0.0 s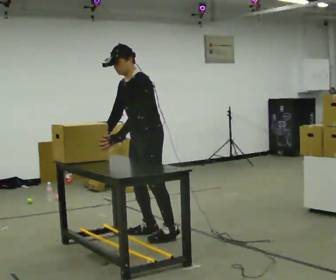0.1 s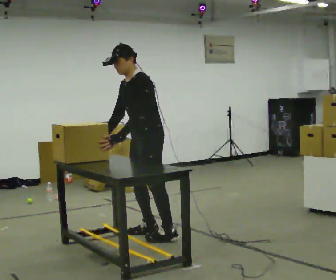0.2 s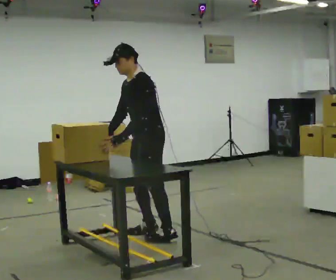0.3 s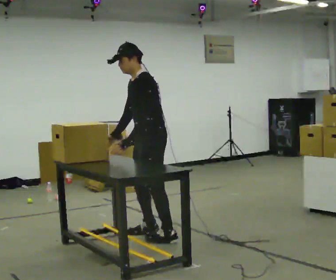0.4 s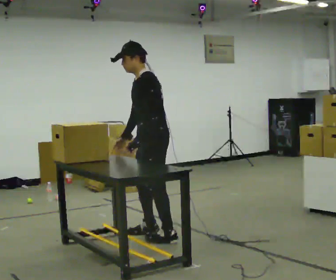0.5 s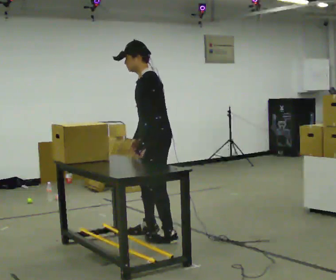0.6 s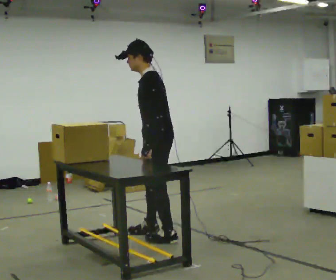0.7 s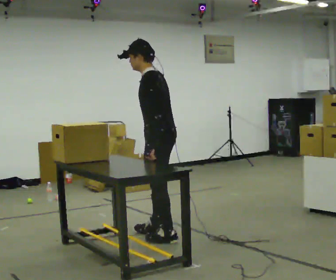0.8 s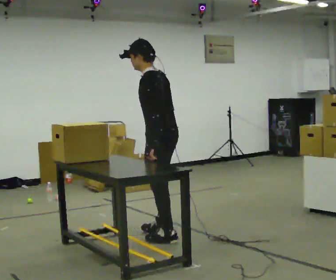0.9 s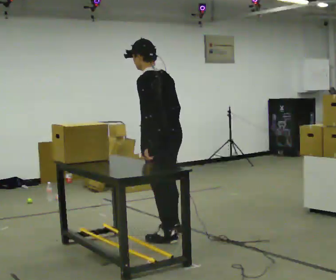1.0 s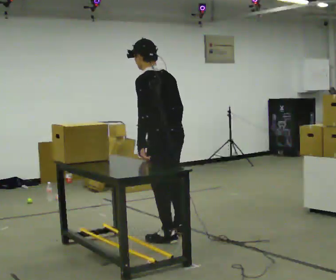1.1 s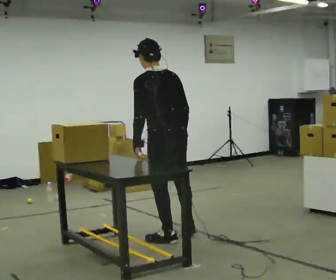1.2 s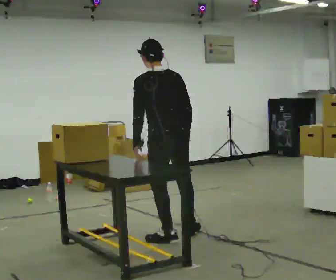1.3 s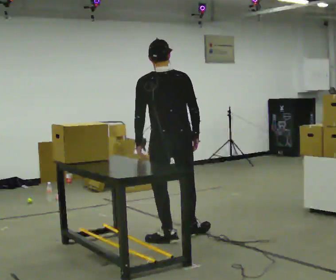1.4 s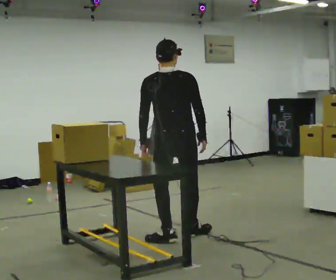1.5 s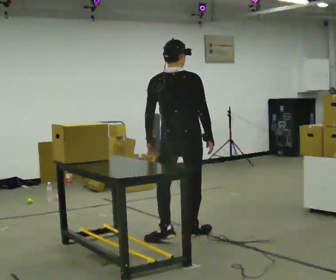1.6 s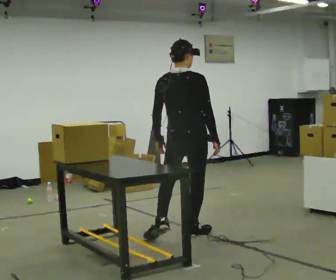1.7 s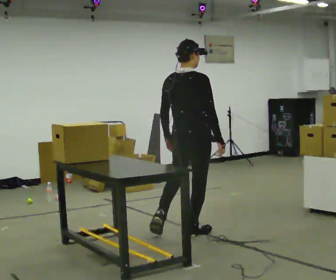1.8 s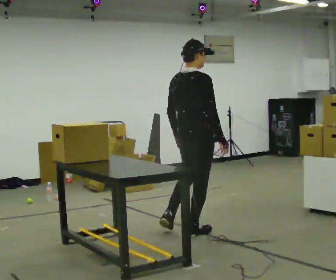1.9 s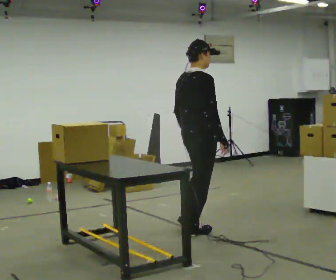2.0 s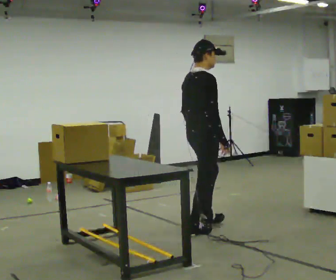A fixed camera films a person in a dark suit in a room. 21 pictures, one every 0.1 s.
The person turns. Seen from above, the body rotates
clockwise.
The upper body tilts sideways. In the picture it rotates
clockwise.
0.0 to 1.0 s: The person turns about 60 degrees to their right, clockwise seen from above, so the part of the body nearest the lens slides to the left. In the picture they go toward the camera and to the right, about 0.25 m.
1.0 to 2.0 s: The person turns about 120 degrees to their right, clockwise seen from above, so the part of the body nearest the lens slides to the left. In the picture they go to the right and away from the camera, about 0.25 m in 1 step.
The film runs forward here.
